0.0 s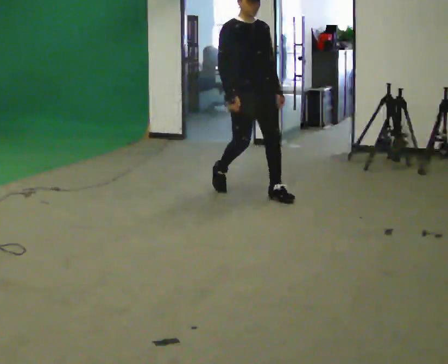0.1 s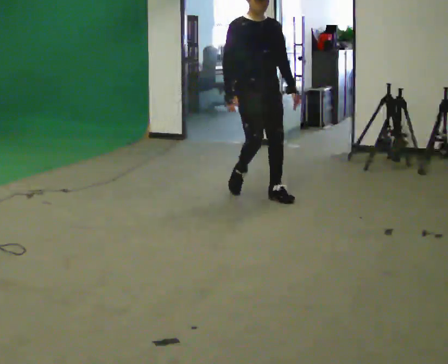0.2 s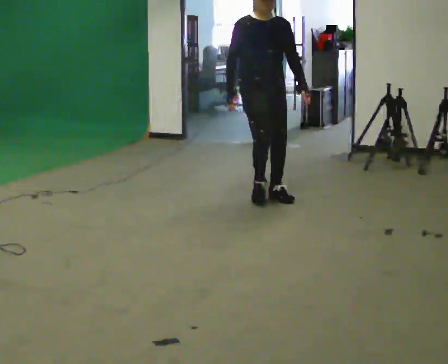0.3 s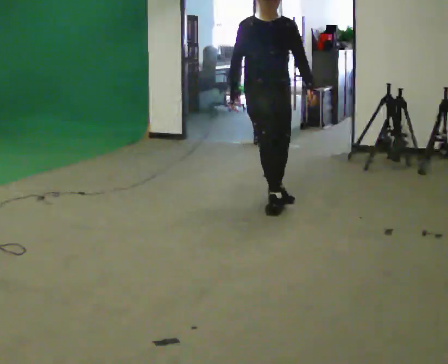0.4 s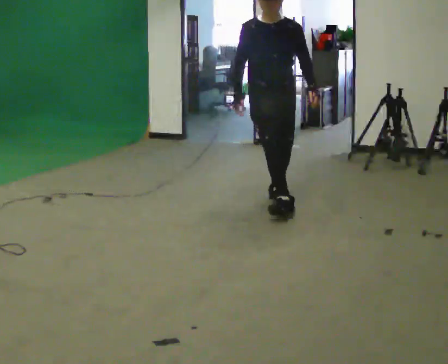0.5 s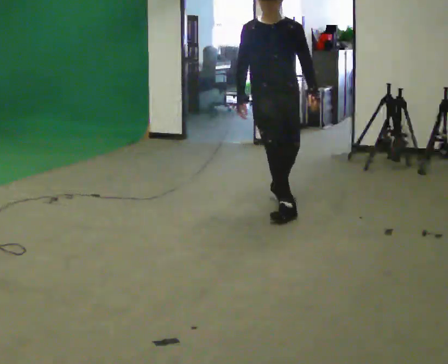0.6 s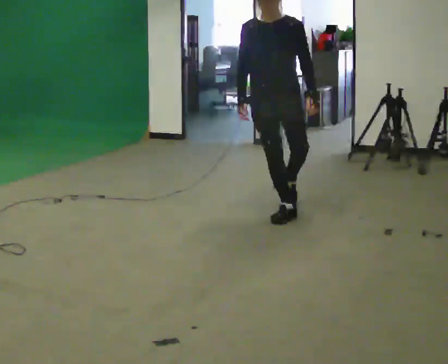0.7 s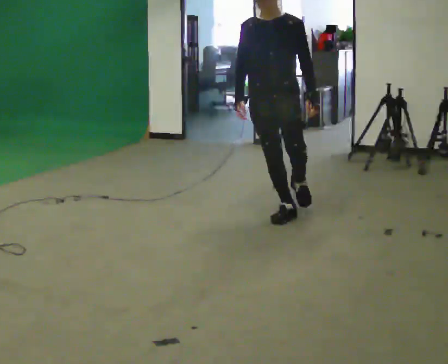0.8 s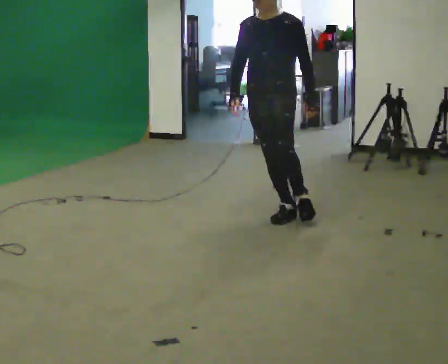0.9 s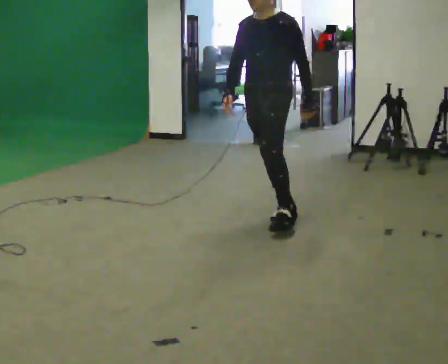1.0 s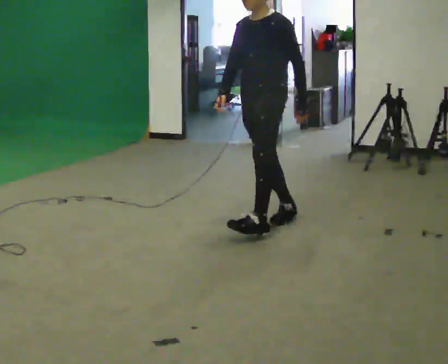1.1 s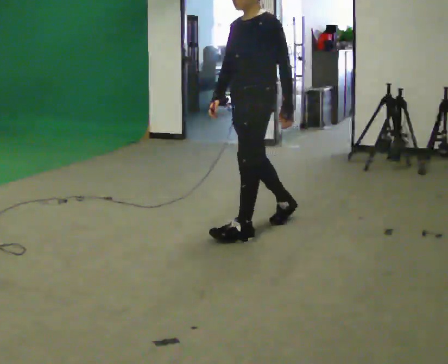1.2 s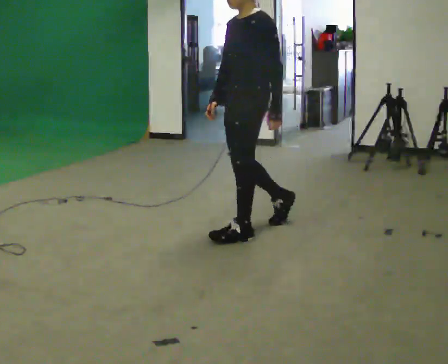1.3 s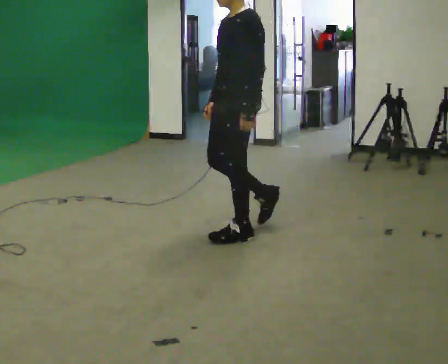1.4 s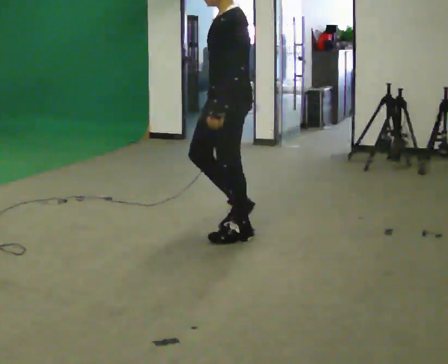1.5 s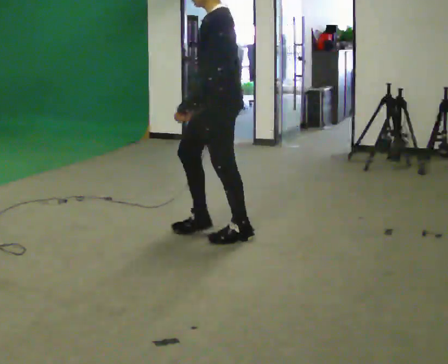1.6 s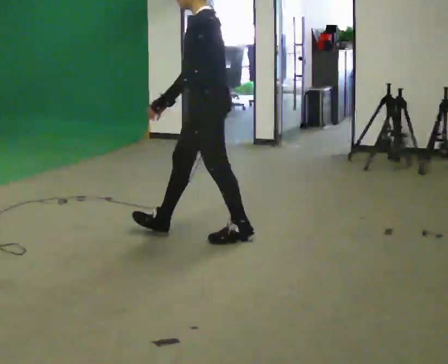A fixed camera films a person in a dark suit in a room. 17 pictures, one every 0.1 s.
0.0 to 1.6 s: Seen from above the body turns clockwise, about 120 degrees: to their right, with its near side sliding to the left. In the picture they go toward the camera, about 1 m in 2 steps.
The film runs forward here.
